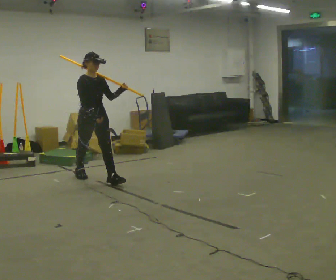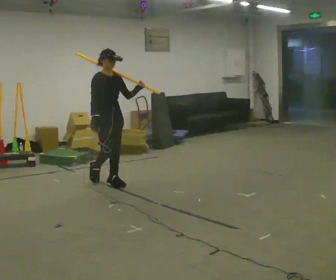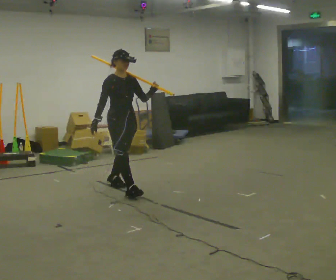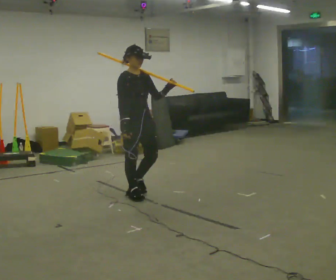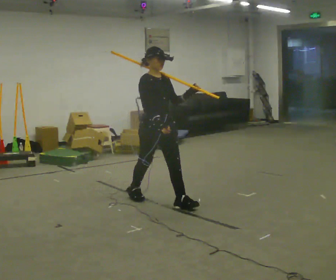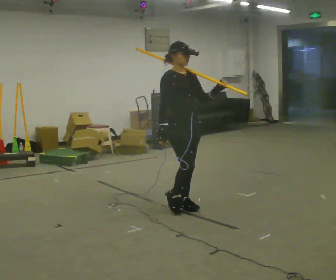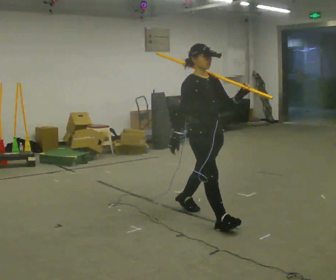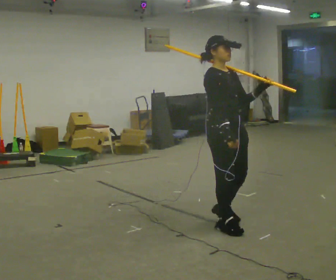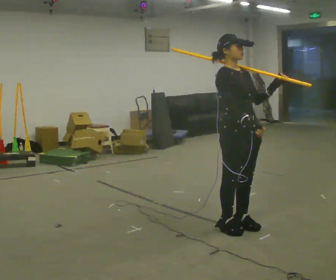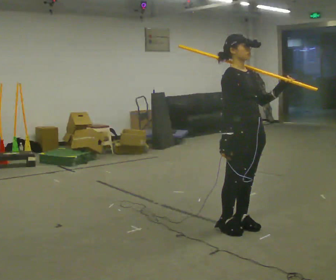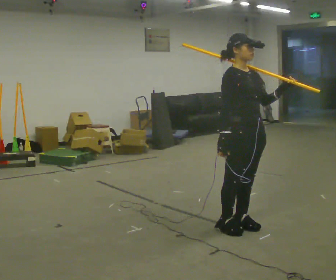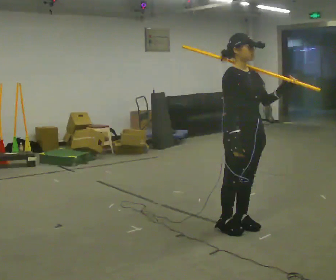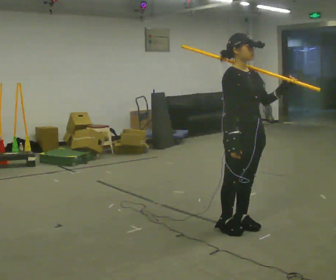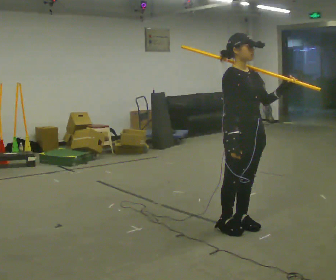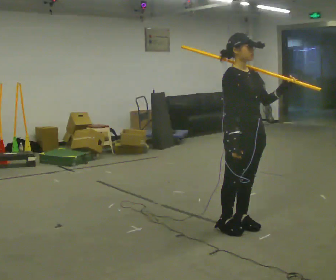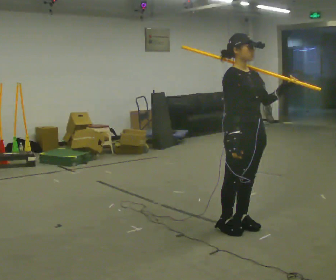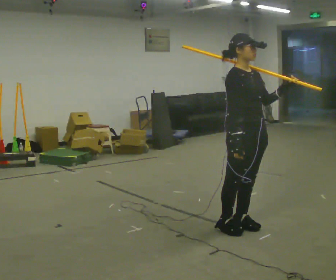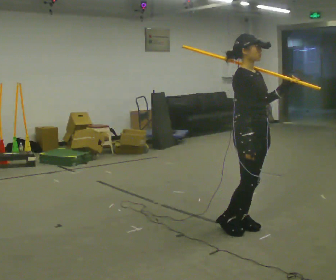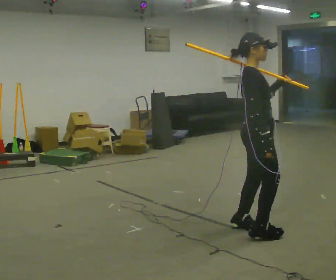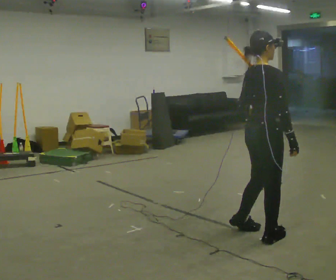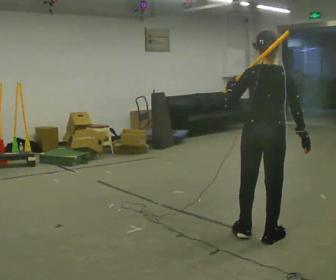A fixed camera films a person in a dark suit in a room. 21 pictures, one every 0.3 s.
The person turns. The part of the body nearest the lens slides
to the right.
The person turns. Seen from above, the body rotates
counterclockwise.
0.0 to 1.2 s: In the picture they go to the right and toward the camera, about 1 m in 2 steps, which for them is forward.
1.2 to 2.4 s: In the picture they go to the right and toward the camera, about 1 m in 3 steps, which for them is forward.
2.4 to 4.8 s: The person moves a little, or ends about where they began.
4.8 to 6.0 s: The part of the body nearest the lens slides to the right as the person turns to their left by about 120 degrees. In the picture they go toward the camera, about 0.25 m in 2 steps. In the picture their left hand goes to the left.
The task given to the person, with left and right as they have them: Rest the long object on the shoulder the operator calls and carry it across the room, back and forth.
The film runs forward here.
